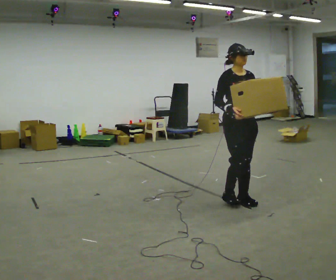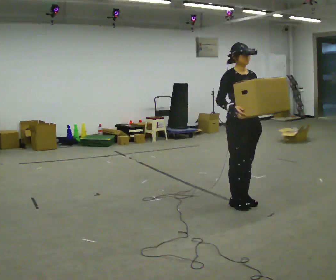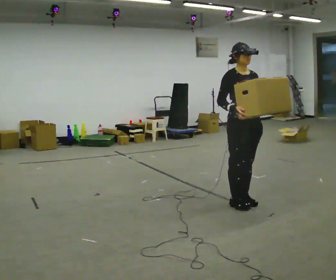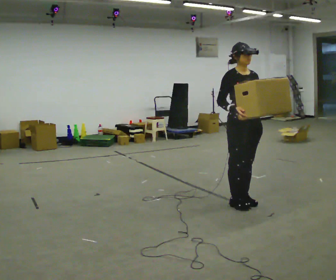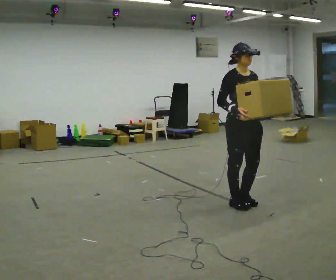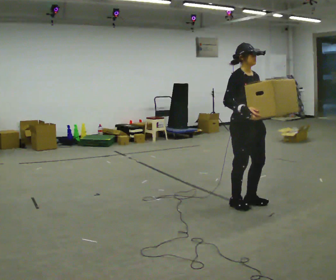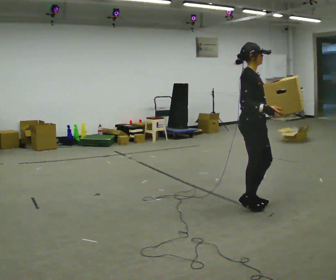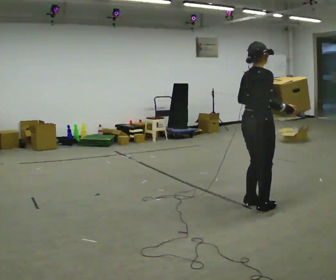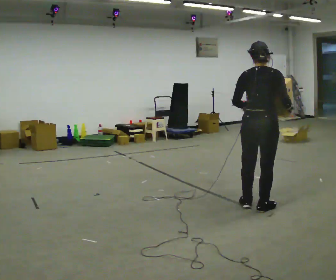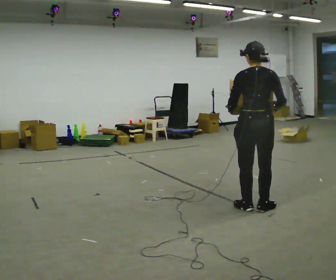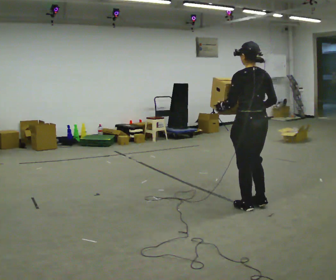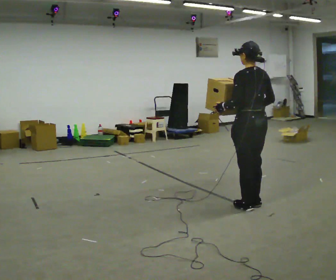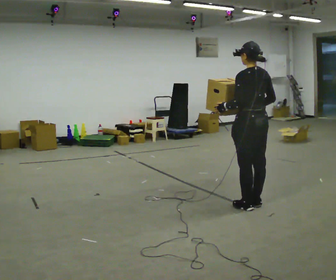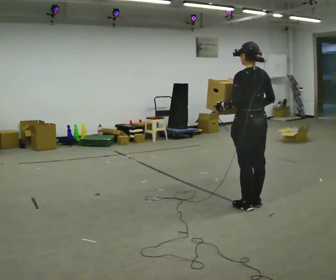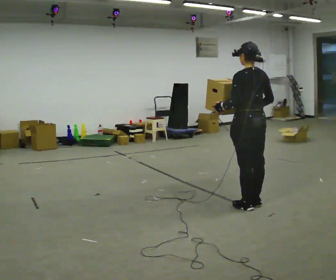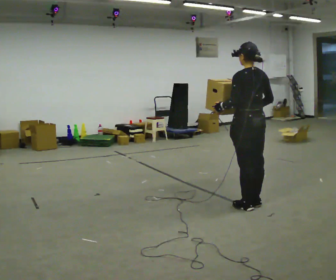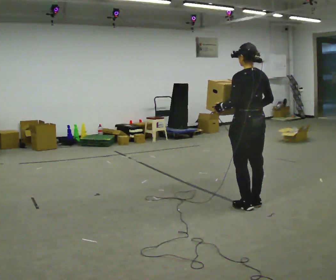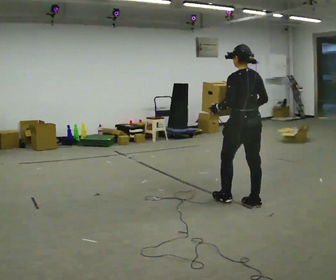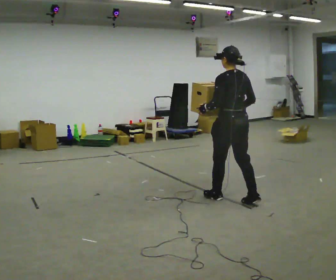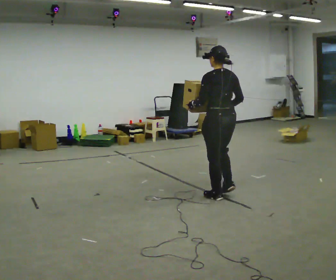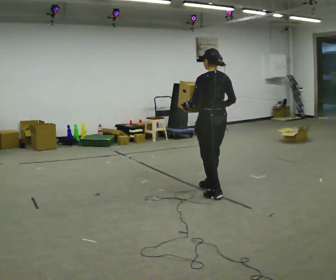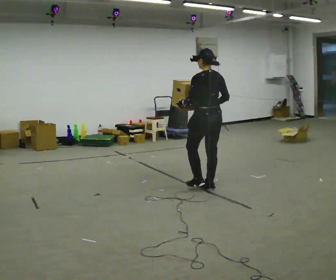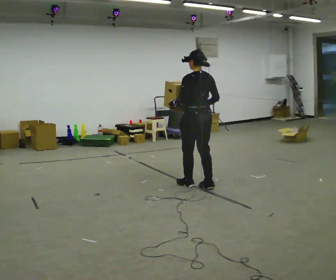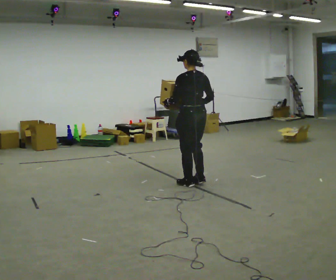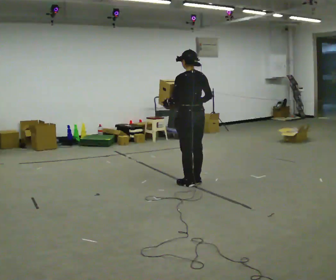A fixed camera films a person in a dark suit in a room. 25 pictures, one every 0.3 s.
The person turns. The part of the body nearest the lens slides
to the right.
The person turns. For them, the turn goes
to their left.
0.0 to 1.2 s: The person moves a little, or ends about where they began.
1.2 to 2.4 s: The part of the body nearest the lens slides to the right as the person turns to their left by about 120 degrees. In the picture they go to the right, about 0.25 m in 1 step. In the picture their right hand goes to the right.
2.4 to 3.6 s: Seen from above the body turns counterclockwise, about 60 degrees: to their left, with its near side sliding to the right.
3.6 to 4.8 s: The person moves a little, or ends about where they began.
4.8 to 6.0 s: In the picture they go away from the camera and to the left, about 0.5 m in 2 steps, which for them is forward.
6.0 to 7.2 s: In the picture they go away from the camera and to the left, about 0.5 m in 2 steps, which for them is forward.
The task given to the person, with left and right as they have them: Carry the box along the marked route, turning 90 degrees at the corner the operator calls, and set it down at the end. Keep going until the operator says stop; one object at a time, and do not rush between trips.
The film runs forward here.
